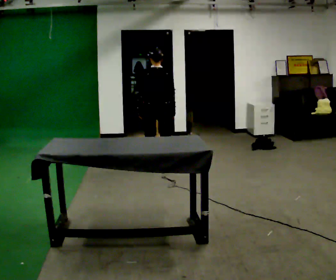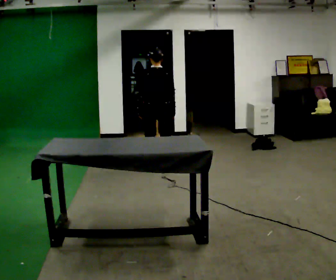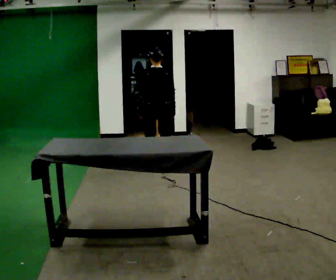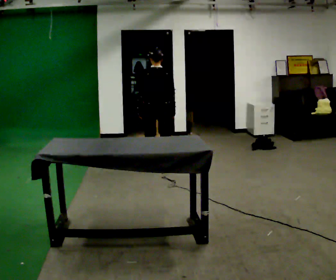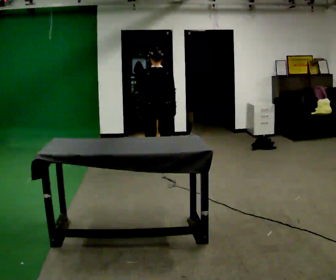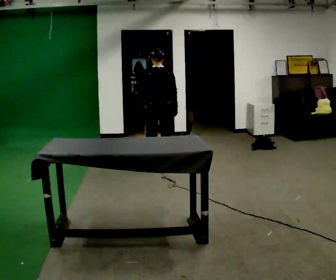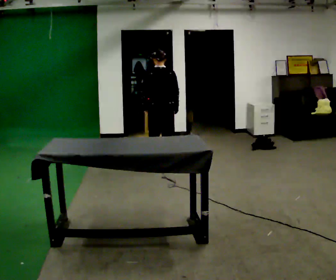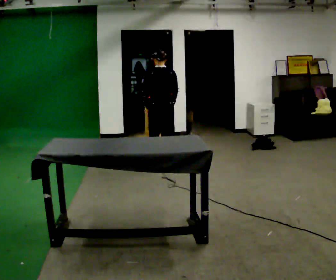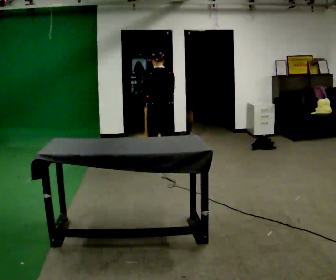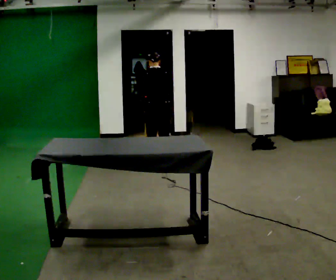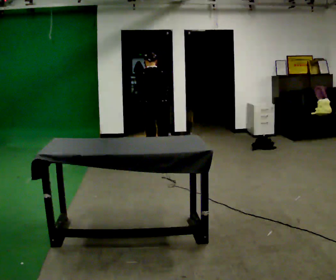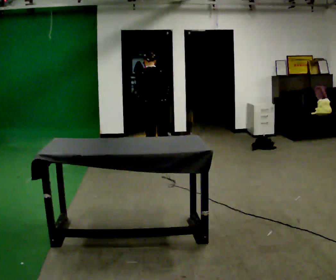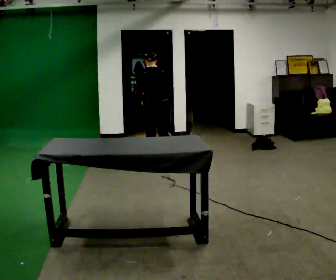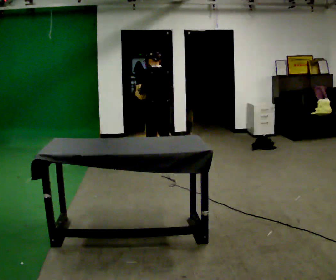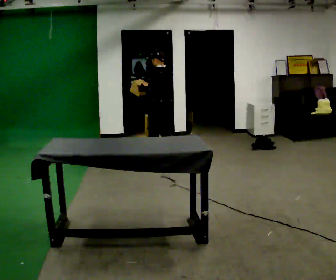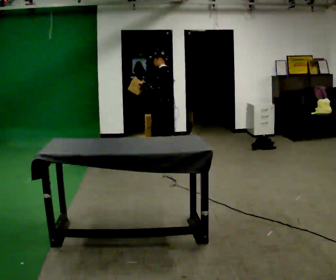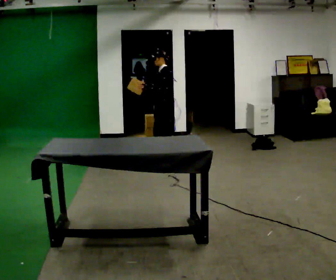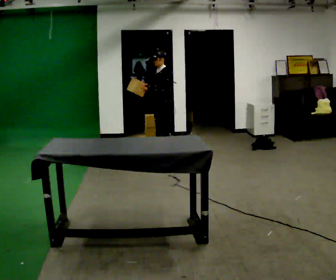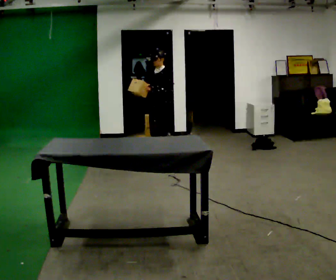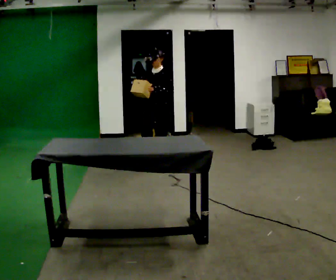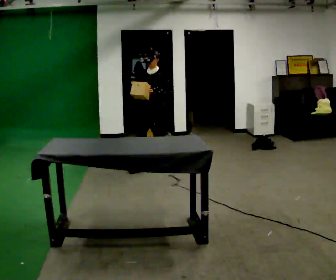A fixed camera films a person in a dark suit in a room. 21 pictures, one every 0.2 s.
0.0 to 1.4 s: The person moves a little, or ends about where they began.
1.4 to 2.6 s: In the picture they go away from the camera, about 0.25 m in 2 steps, which for them is forward.
2.6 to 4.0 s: The part of the body nearest the lens slides to the right as the person turns to their left by about 120 degrees. In the picture they go toward the camera, about 0.25 m in 1 step.
The film runs forward here.
